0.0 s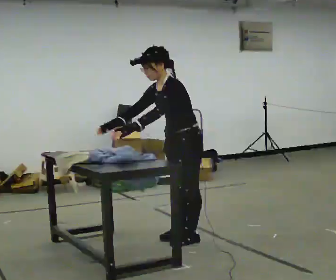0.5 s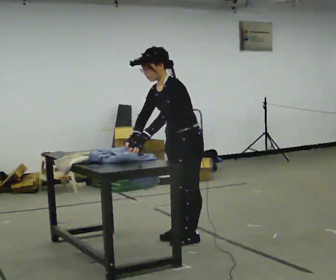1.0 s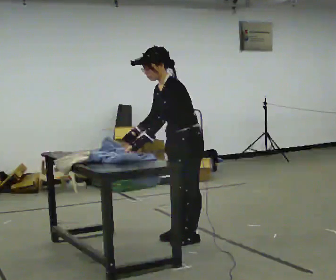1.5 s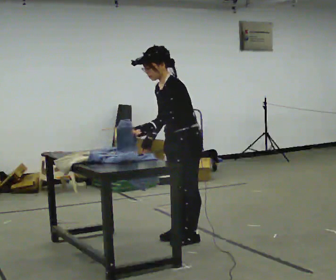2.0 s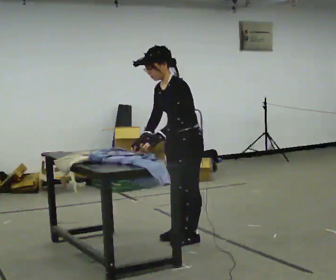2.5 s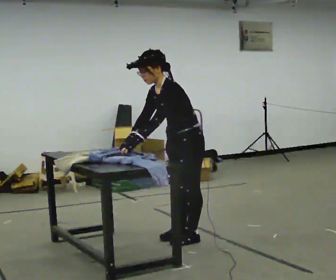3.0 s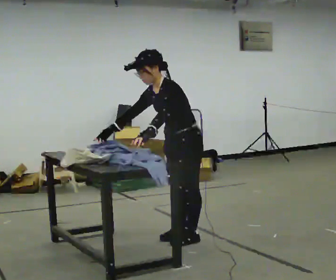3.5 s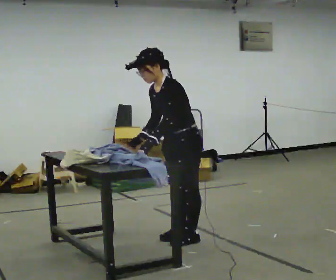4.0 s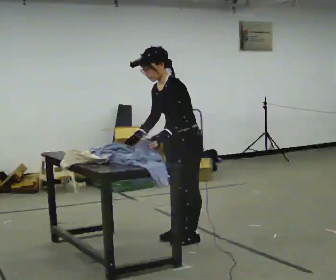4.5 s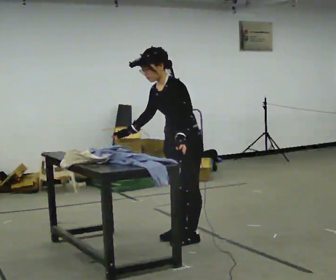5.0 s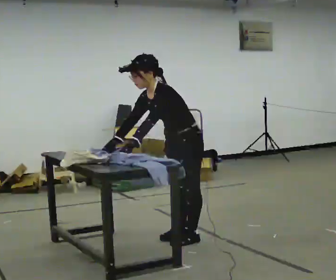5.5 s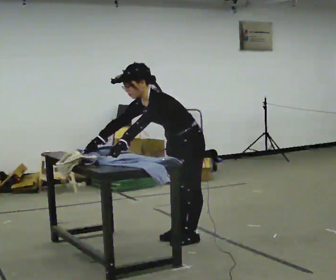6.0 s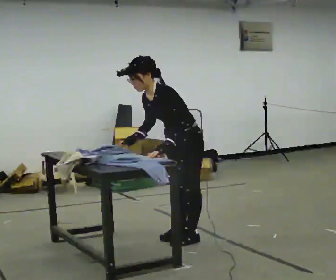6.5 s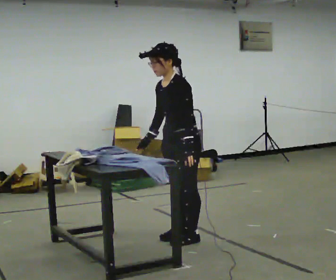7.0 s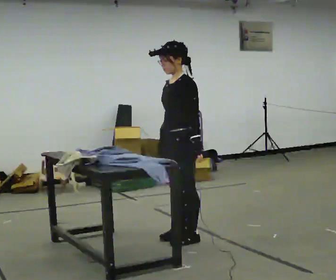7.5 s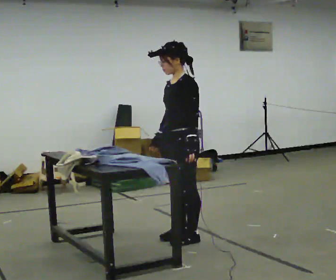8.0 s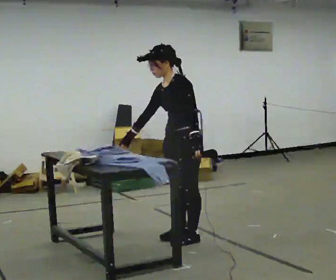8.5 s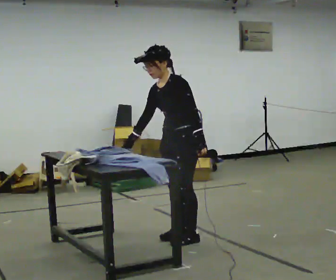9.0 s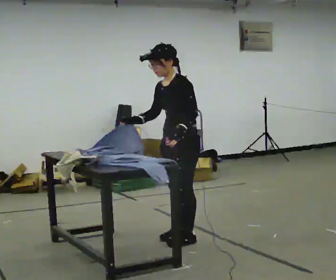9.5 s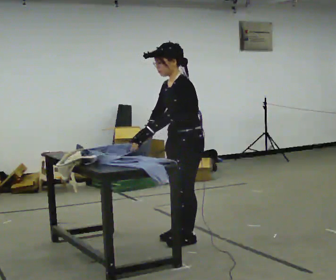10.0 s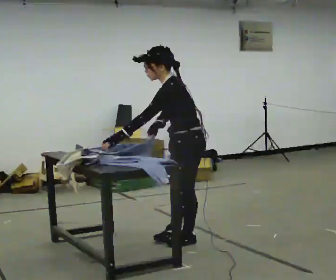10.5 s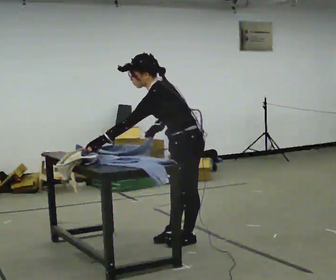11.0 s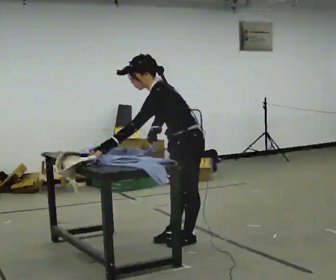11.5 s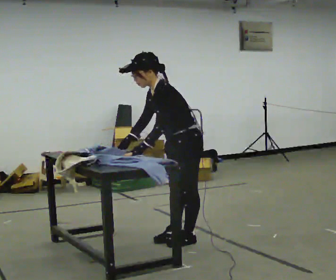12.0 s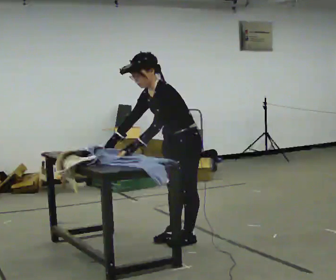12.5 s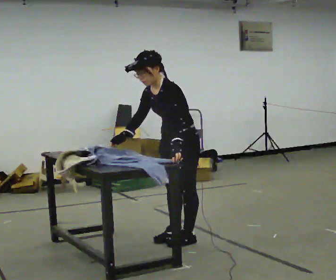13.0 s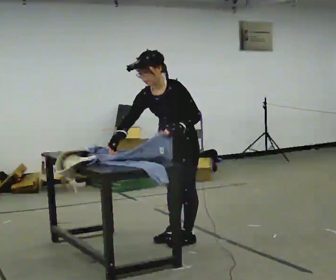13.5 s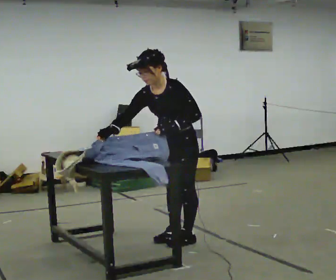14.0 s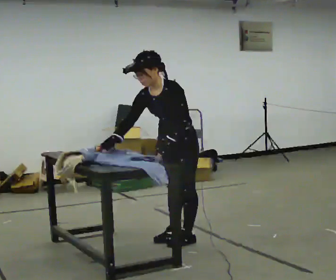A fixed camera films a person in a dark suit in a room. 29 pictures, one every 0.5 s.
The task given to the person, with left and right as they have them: Fold the cloth in half, then in half again, then unfold it. Repeat at your own pace until the operator says stop. Keep both feet on the marked spots for the whole take. If you have to step, stop and tell the operator.
0.0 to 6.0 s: The person moves a little, or ends about where they began.
6.0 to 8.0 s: The upper body tips away from the camera, its near side rolling upward.
8.0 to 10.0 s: Seen from above the body turns clockwise, about 30 degrees: to their right, with its near side sliding to the left. In the picture their left hand goes to the left, the arm swinging clockwise.
10.0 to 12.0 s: In the picture their right hand goes to the left.
12.0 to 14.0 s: The part of the body nearest the lens slides to the right as the person turns to their left by about 30 degrees.
The film runs forward here.
